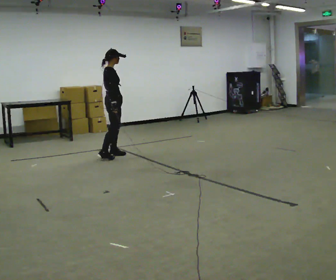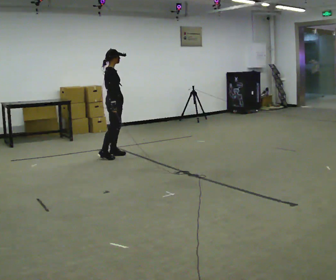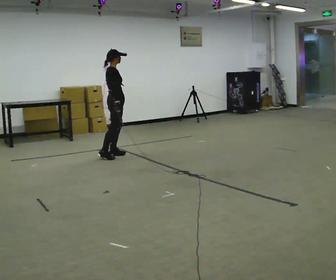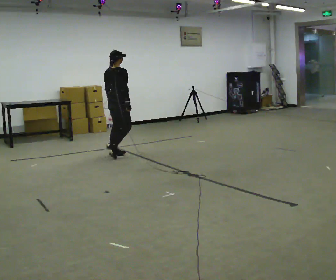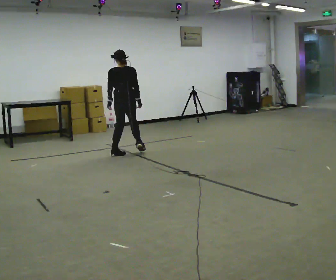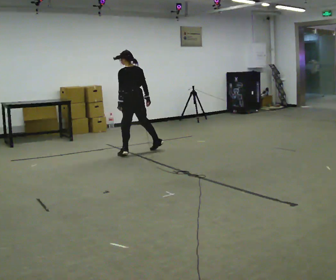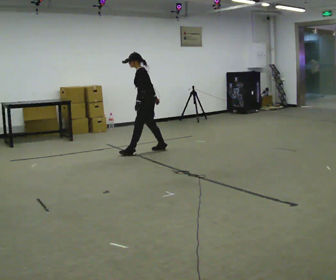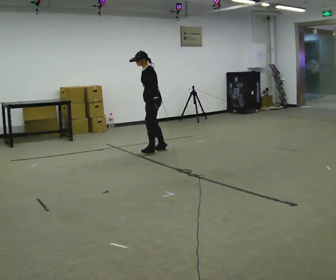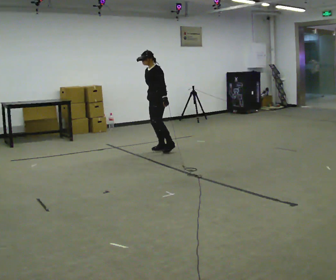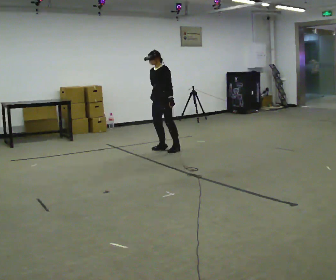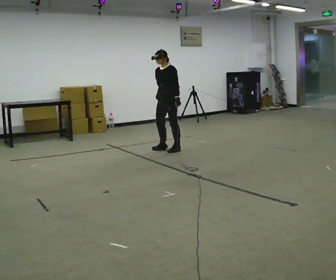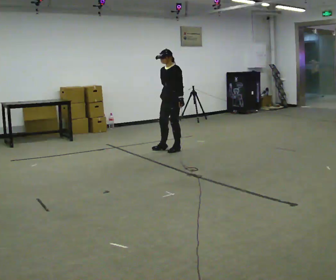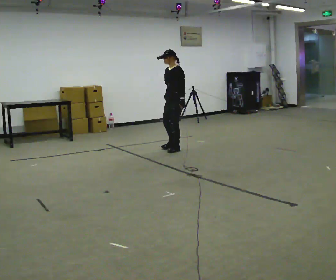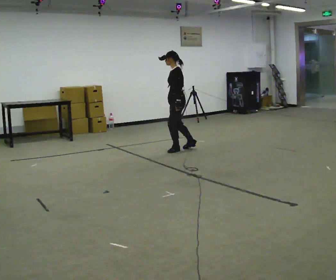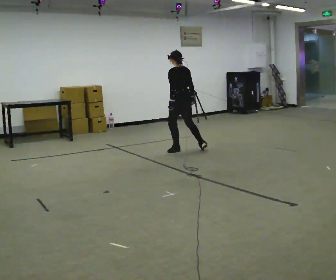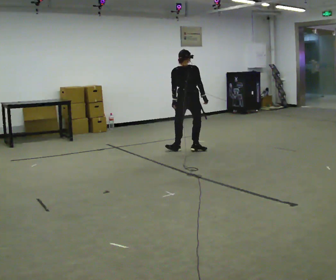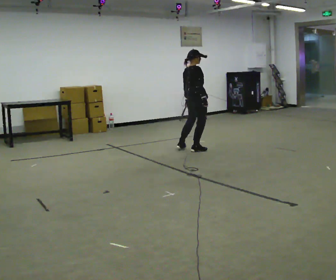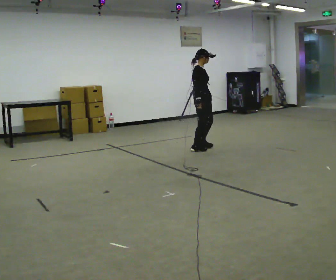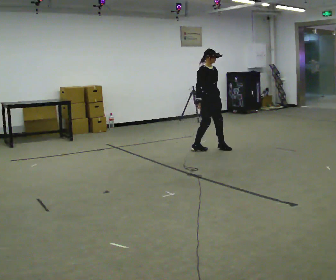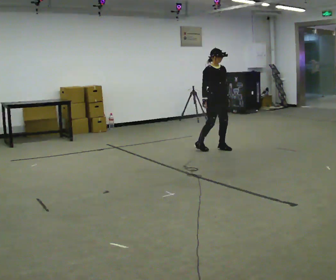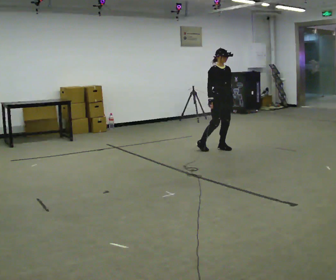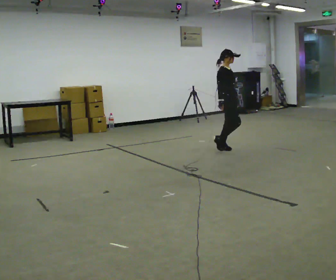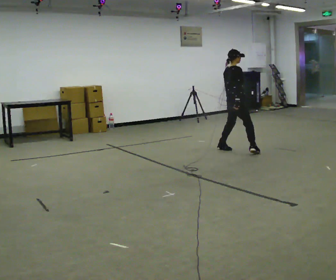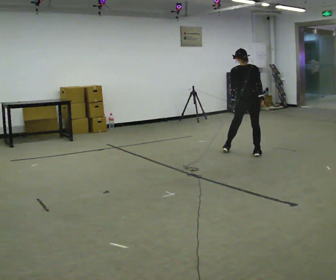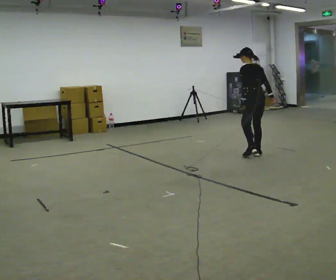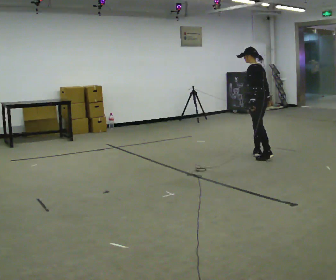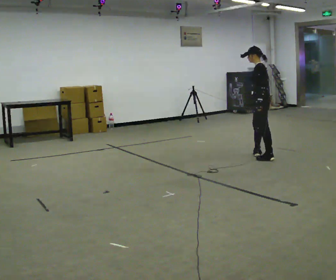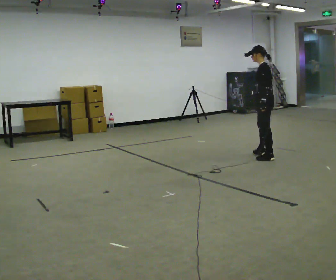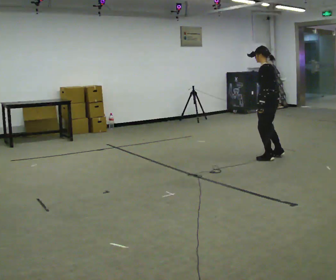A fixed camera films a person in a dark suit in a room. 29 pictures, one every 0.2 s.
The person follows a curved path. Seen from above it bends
clockwise.
The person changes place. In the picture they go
to the right.
0.0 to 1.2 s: The person turns about 165 degrees to their left, counterclockwise seen from above, so the part of the body nearest the lens slides to the right. In the picture they go to the right and away from the camera, about 0.75 m in 2 steps. In the picture the upper body tilts counterclockwise, shoulders to the left, as they bend forward.
1.2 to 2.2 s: The person turns about 45 degrees to their left, counterclockwise seen from above, so the part of the body nearest the lens slides to the right. In the picture they go to the right, about 0.25 m in 1 step, which for them is backward and to their left.
2.2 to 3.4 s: The part of the body nearest the lens slides to the left as the person turns to their right by about 240 degrees. In the picture they go to the right, about 0.5 m in 1 step.
3.4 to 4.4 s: Seen from above the body turns counterclockwise, about 45 degrees: to their left, with its near side sliding to the right. In the picture they go to the right, about 0.5 m in 1 step.
4.4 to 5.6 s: The part of the body nearest the lens slides to the right as the person turns to their left by about 120 degrees. In the picture they go toward the camera and to the right, about 0.5 m in 2 steps.
The film runs forward here.
